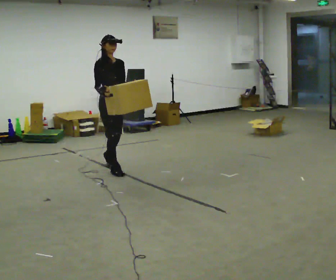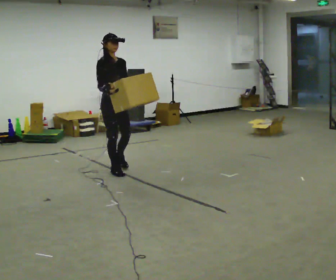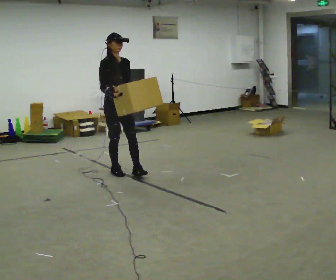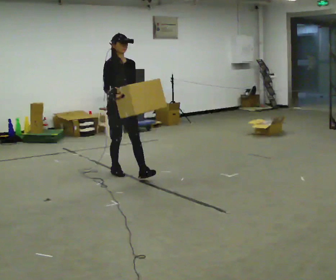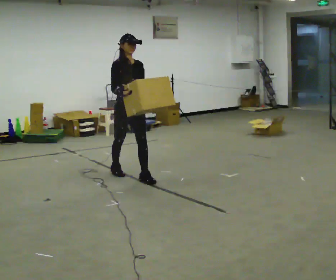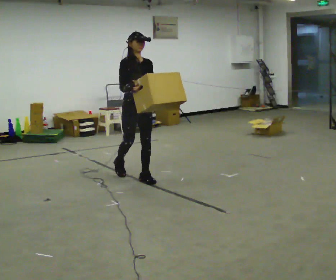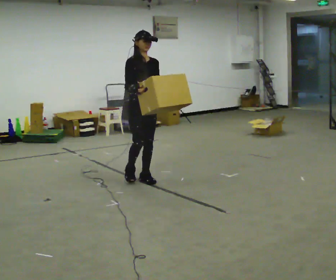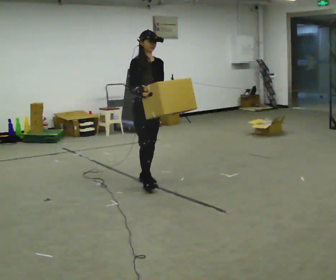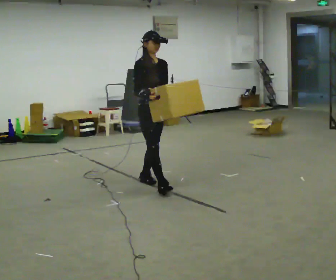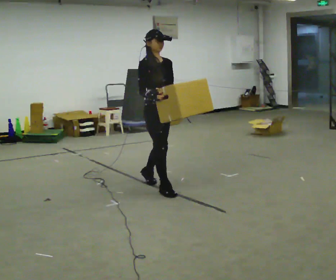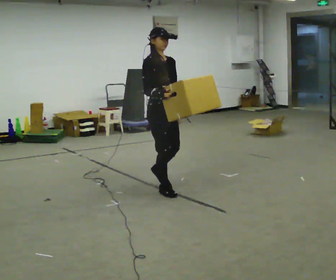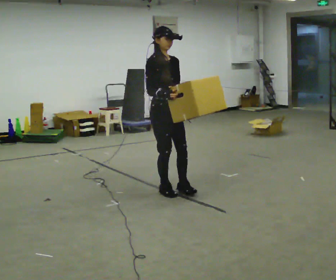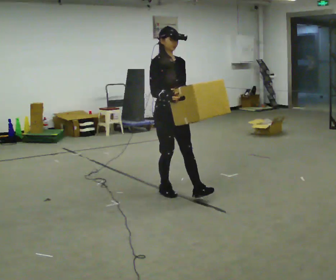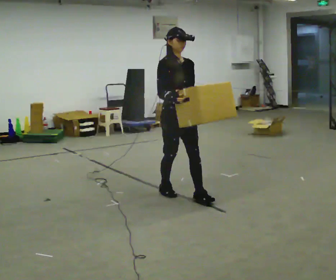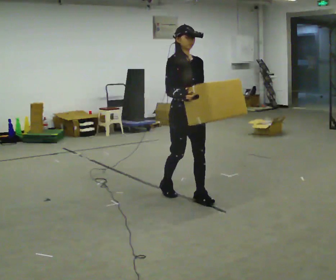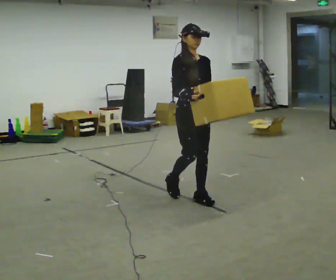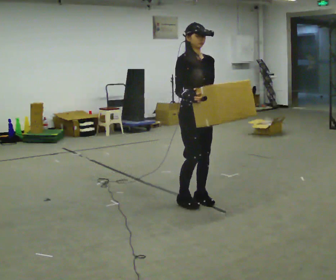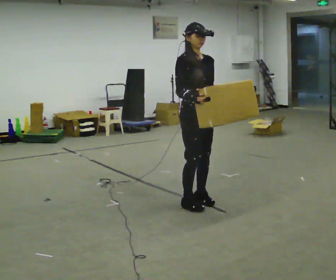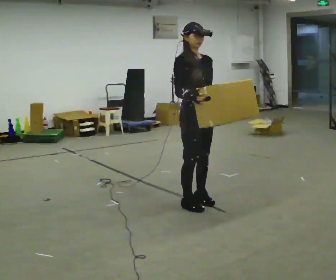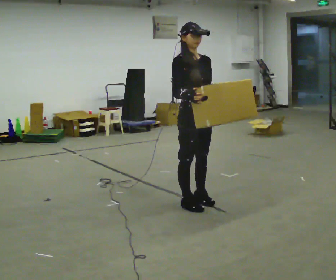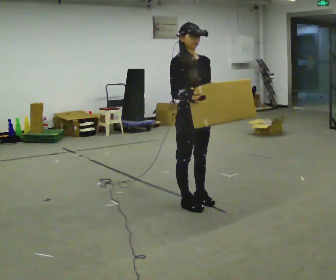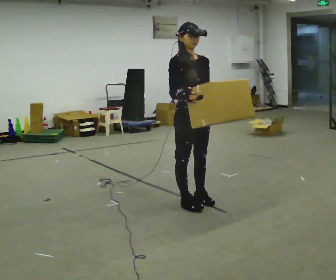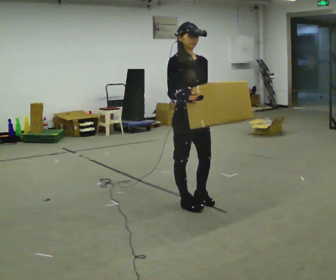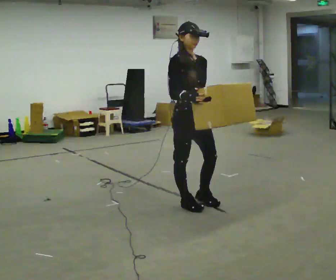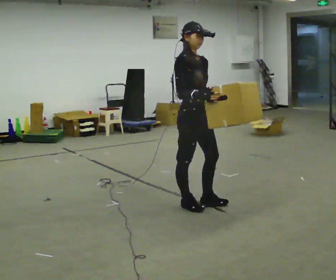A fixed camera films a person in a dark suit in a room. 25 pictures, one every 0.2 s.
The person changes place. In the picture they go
toward the camera.
0.0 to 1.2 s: In the picture they go toward the camera and to the right, about 0.5 m in 1 step, which for them is forward.
1.2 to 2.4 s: In the picture they go toward the camera and to the right, about 0.5 m in 1 step, which for them is forward.
2.4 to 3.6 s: In the picture they go toward the camera and to the right, about 0.5 m in 2 steps, which for them is forward.
3.6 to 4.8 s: The person moves a little, or ends about where they began.
The film runs forward here.
